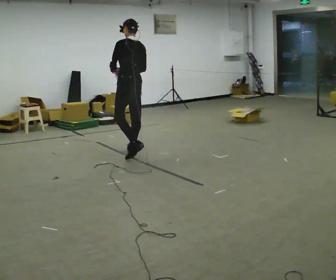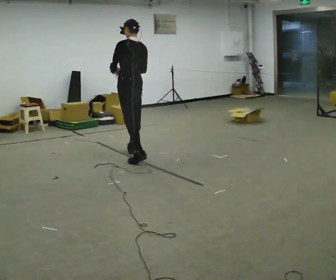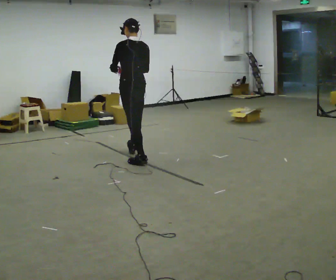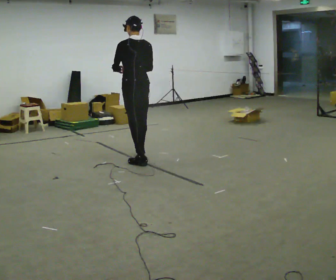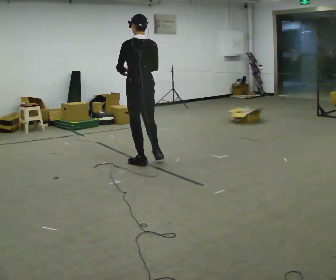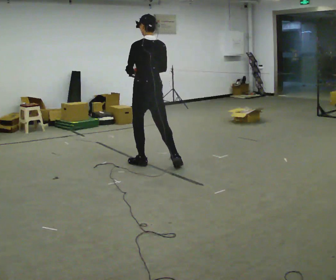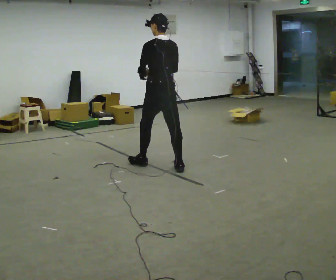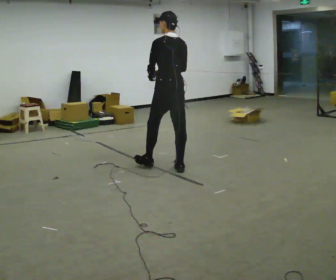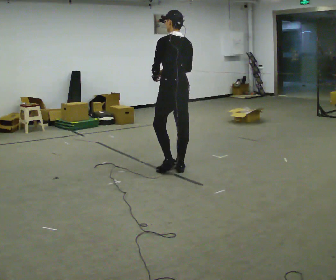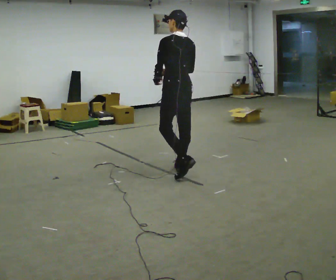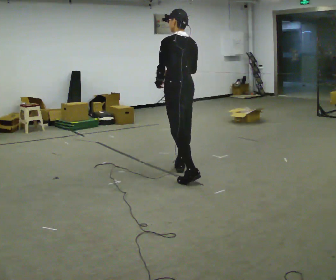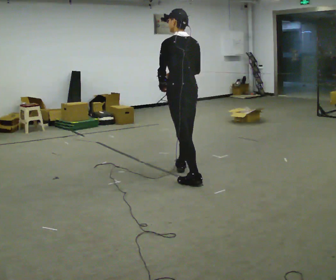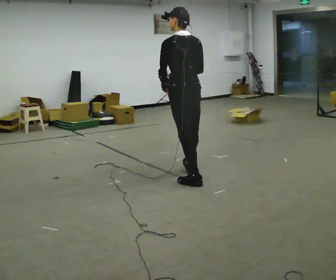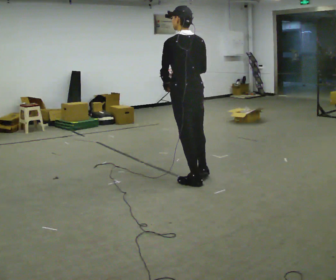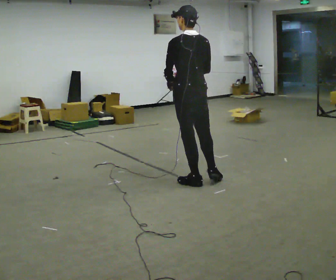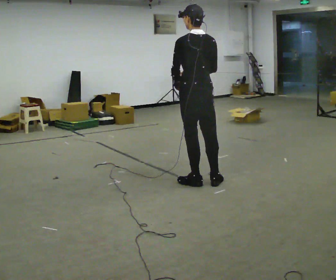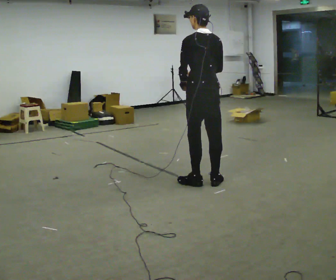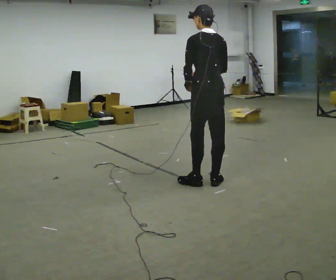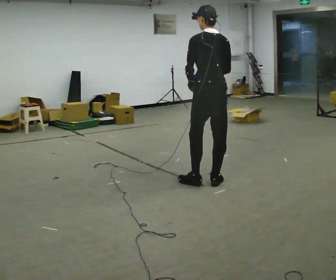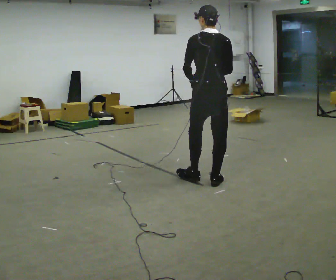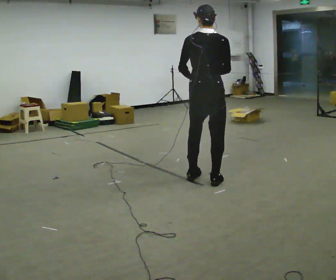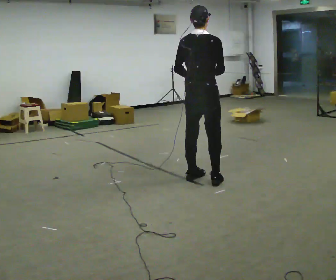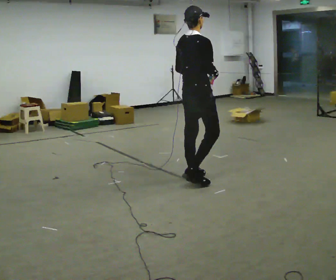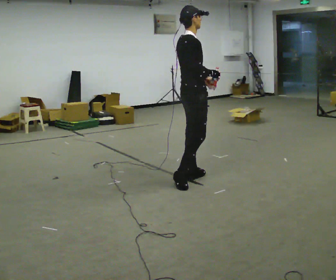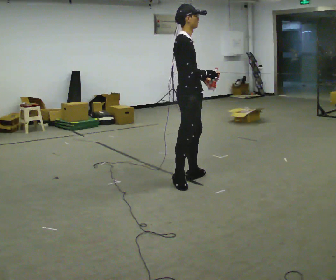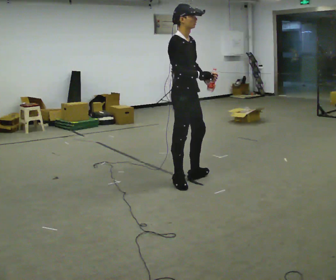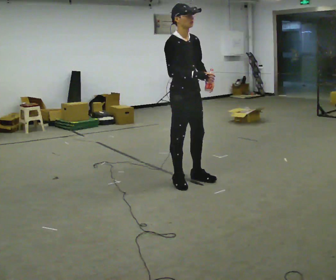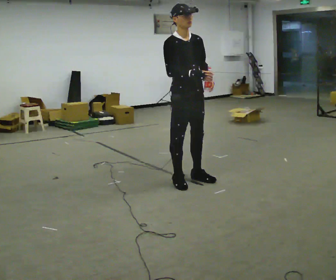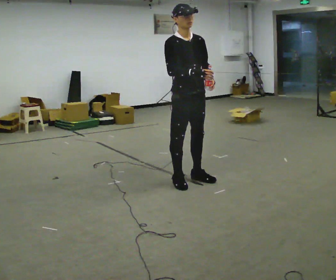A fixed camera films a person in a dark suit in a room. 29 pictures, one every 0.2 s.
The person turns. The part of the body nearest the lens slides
to the left.
The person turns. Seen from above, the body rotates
clockwise.
0.0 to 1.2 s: In the picture they go toward the camera and to the right, about 0.75 m in 1 step, which for them is backward.
1.2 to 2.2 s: In the picture they go toward the camera and to the right, about 0.5 m in 1 step, which for them is backward.
2.2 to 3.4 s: In the picture they go to the right, about 0.25 m in 1 step, which for them is backward and to their right.
3.4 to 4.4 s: Seen from above the body turns clockwise, about 75 degrees: to their right, with its near side sliding to the left. In the picture they go to the left, about 0.25 m in 2 steps.
4.4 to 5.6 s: The part of the body nearest the lens slides to the left as the person turns to their right by about 90 degrees.
The film runs backward here.
